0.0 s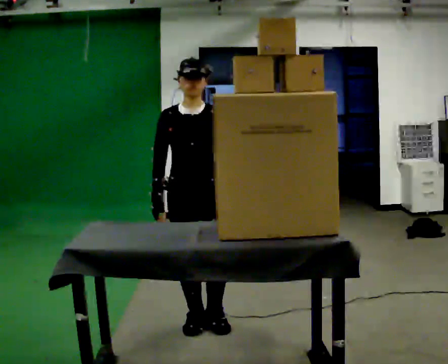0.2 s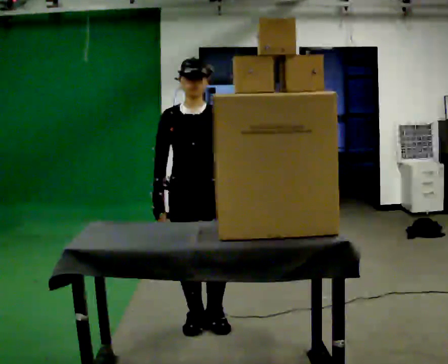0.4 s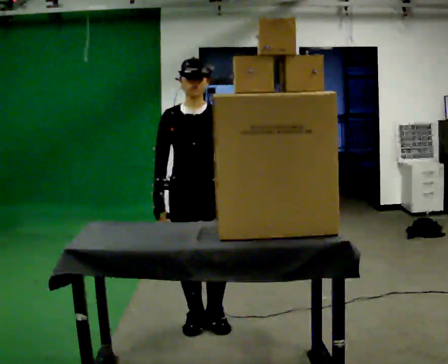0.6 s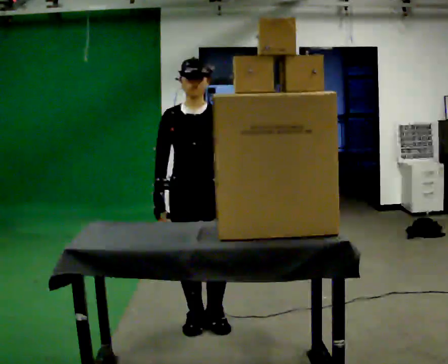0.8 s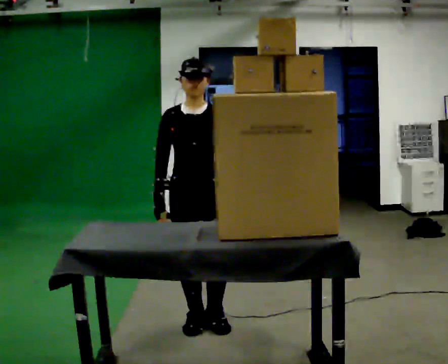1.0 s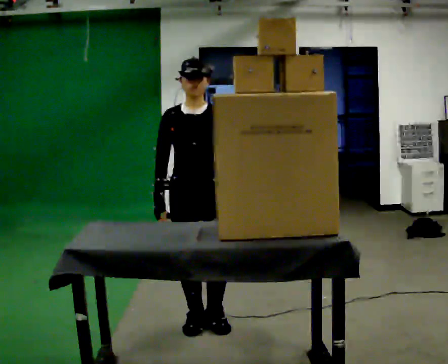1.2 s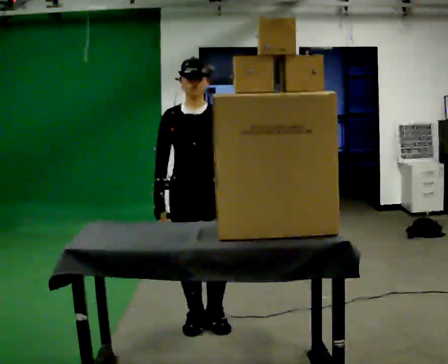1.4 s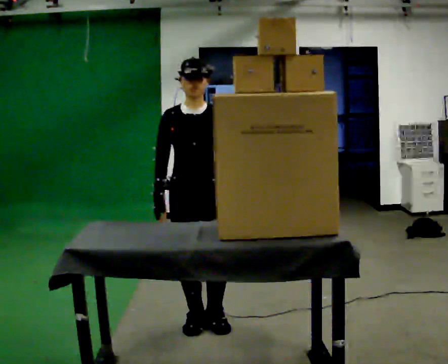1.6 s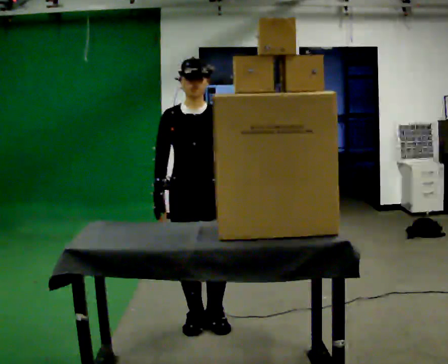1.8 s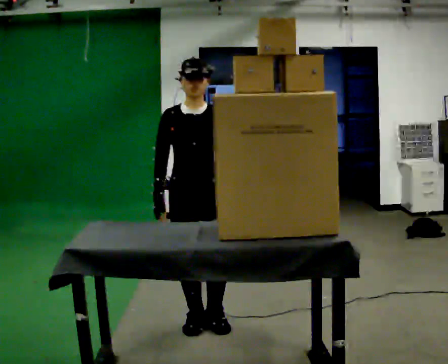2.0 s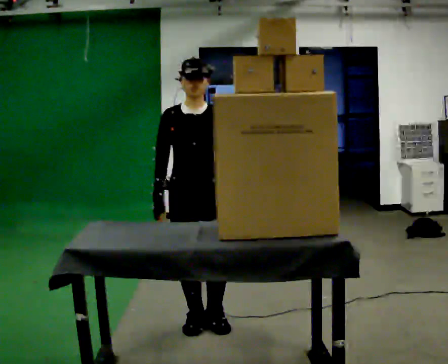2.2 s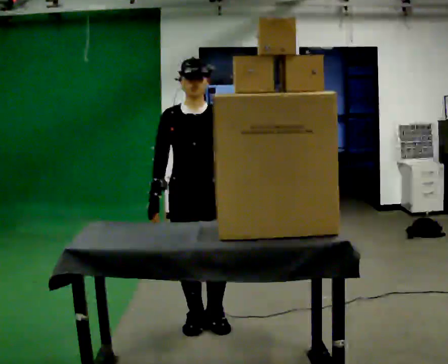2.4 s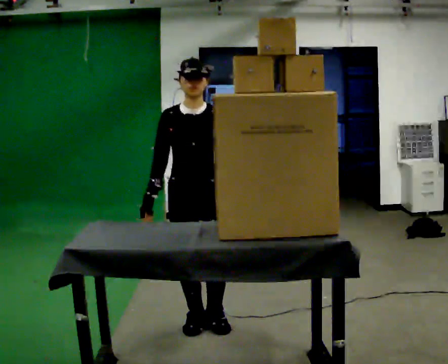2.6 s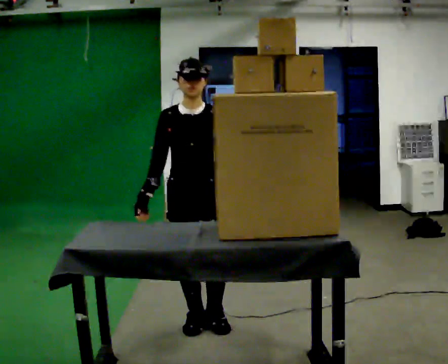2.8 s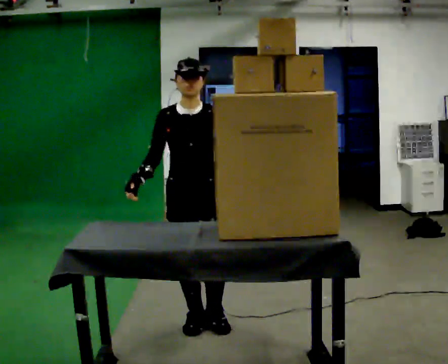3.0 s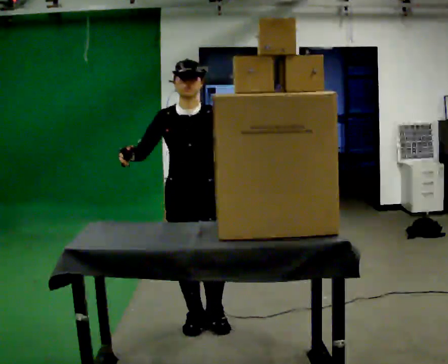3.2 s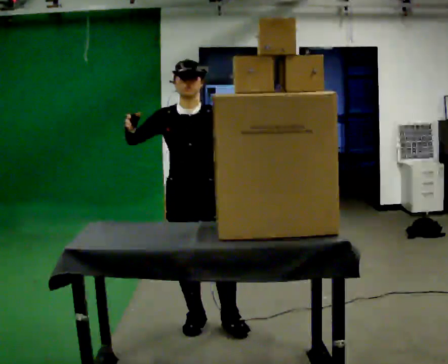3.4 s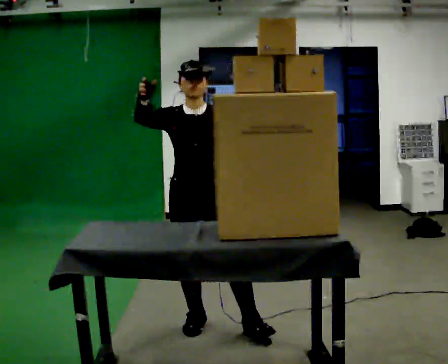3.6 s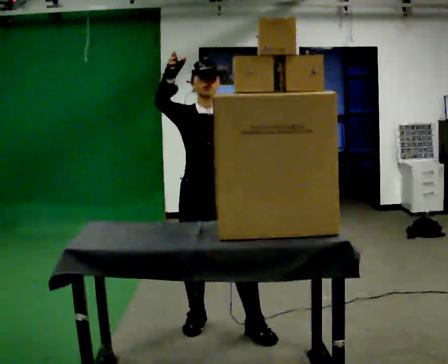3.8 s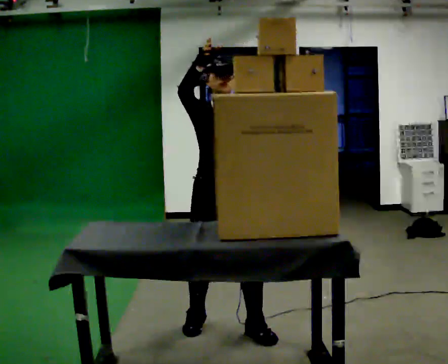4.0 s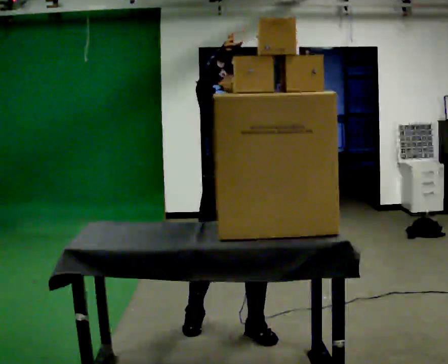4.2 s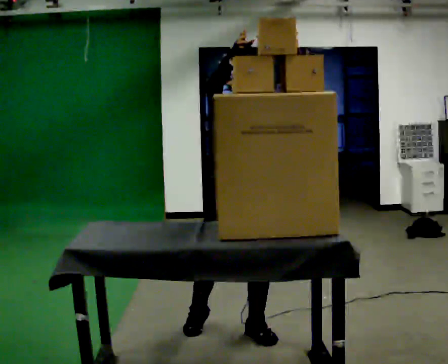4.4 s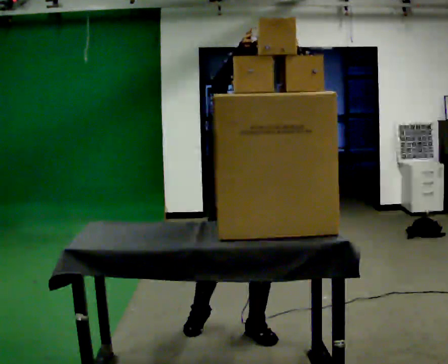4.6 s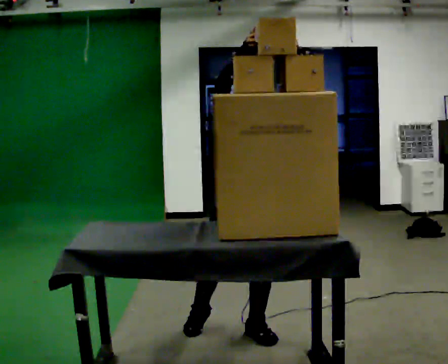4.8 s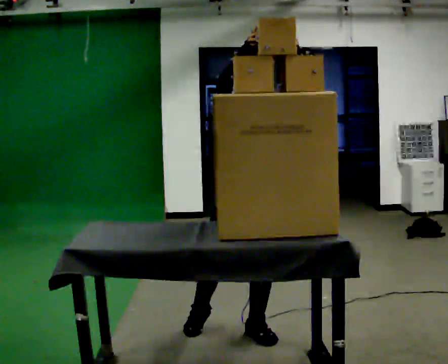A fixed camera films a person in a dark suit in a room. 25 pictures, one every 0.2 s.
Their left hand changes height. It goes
upward.
Their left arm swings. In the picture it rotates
counterclockwise.
0.0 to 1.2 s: The person keeps their place and pose.
1.2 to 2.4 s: The person moves a little, or ends about where they began.
2.4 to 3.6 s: In the picture their right hand goes upward.
3.6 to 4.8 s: In the picture they go to the right, about 0.25 m, which for them is to their left and forward.
The film runs backward here.
